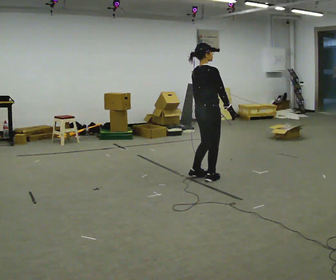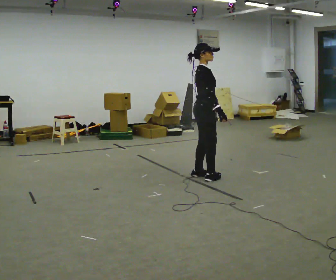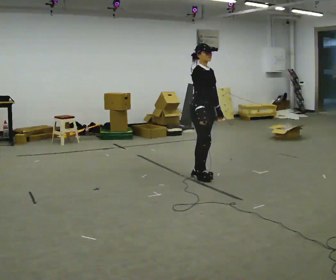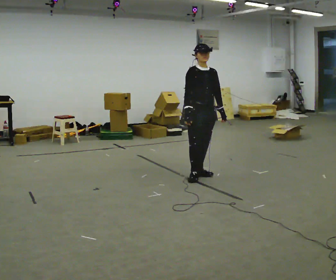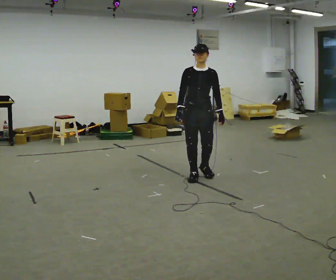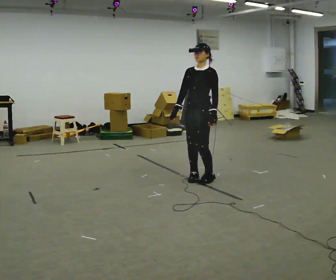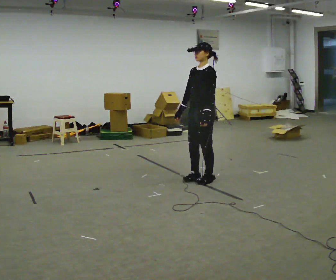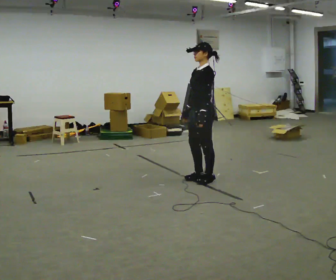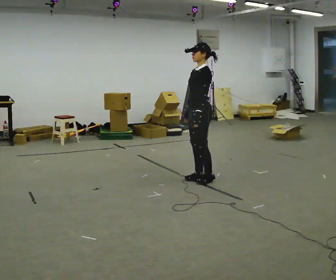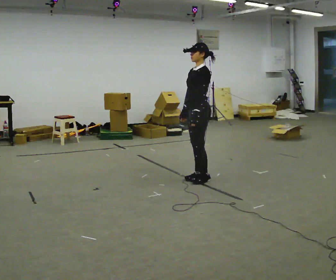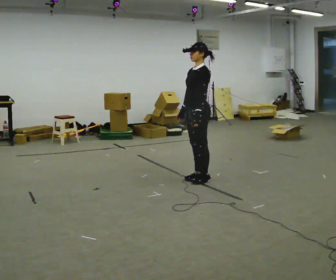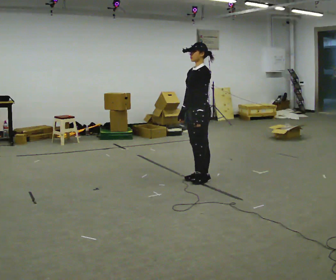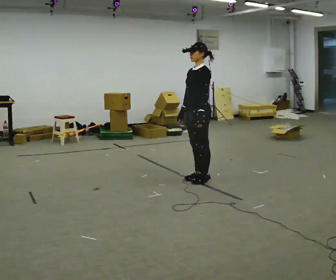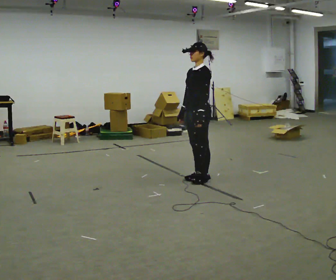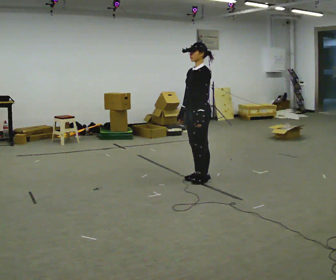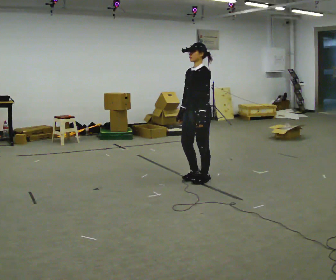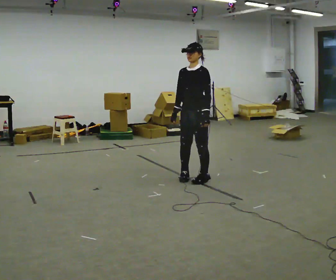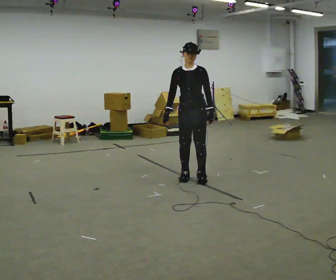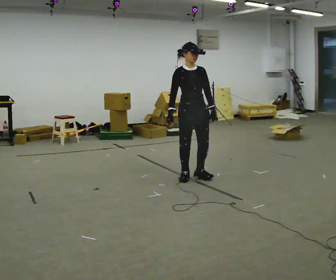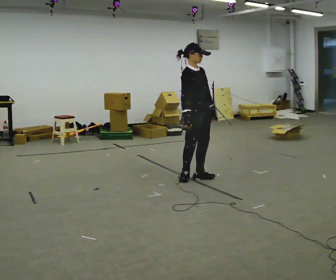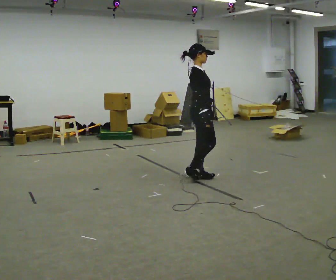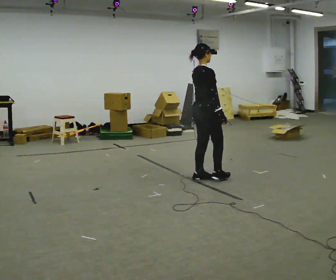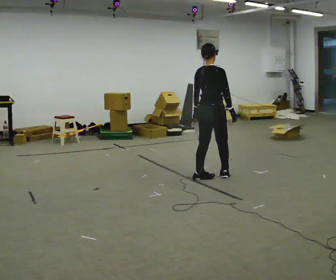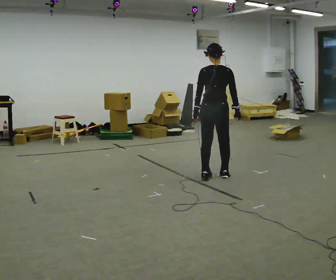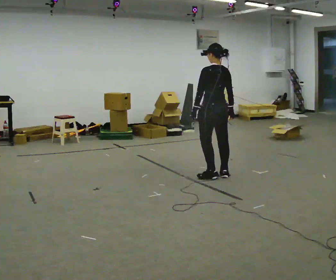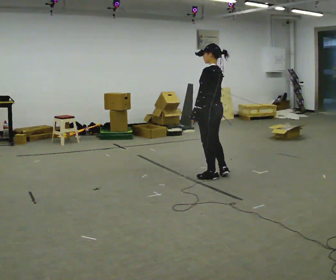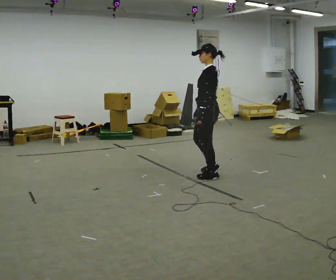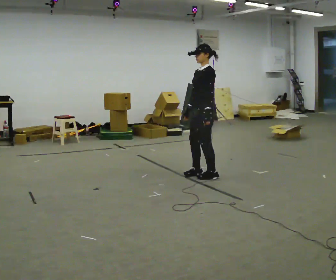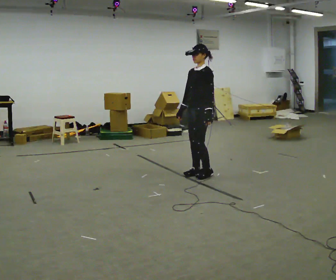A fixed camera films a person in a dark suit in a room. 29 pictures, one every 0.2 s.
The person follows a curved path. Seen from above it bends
clockwise.
0.0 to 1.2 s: The part of the body nearest the lens slides to the left as the person turns to their right by about 180 degrees. In the picture their right hand goes to the left, the arm swinging clockwise.
1.2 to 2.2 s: The person moves a little, or ends about where they began.
2.2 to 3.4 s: Seen from above the body turns counterclockwise, about 60 degrees: to their left, with its near side sliding to the right.
3.4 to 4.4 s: The part of the body nearest the lens slides to the right as the person turns to their left by about 150 degrees. In the picture they go to the right, about 0.25 m in 1 step. In the picture their right hand goes to the right, the arm swinging counterclockwise.
4.4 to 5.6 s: The part of the body nearest the lens slides to the right as the person turns to their left by about 150 degrees. In the picture their right hand goes to the left, the arm swinging clockwise.
The film runs forward here.
